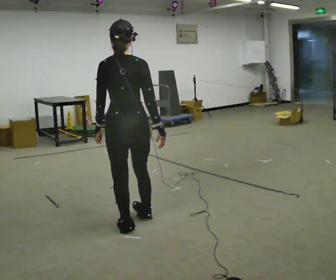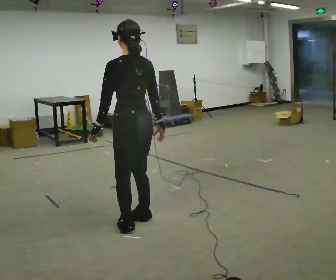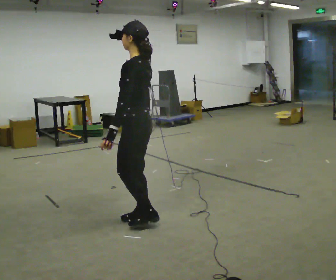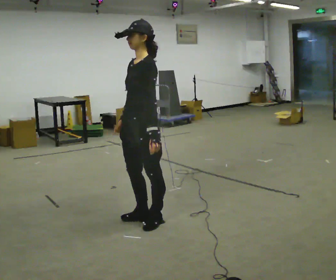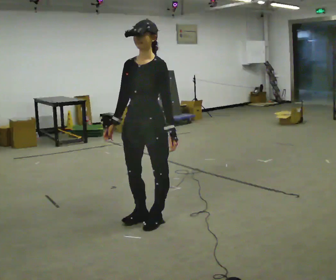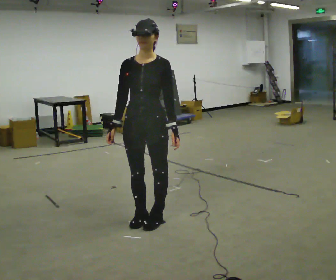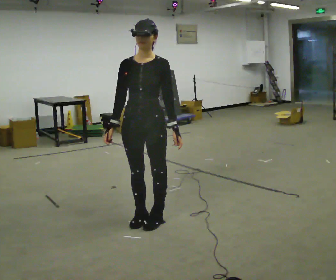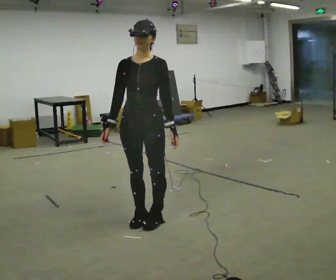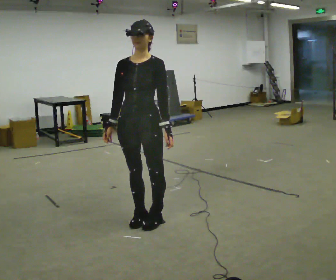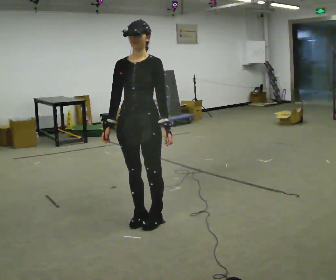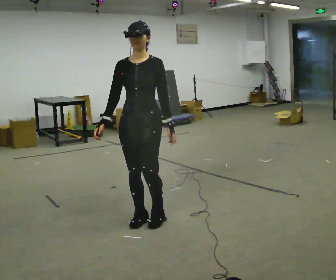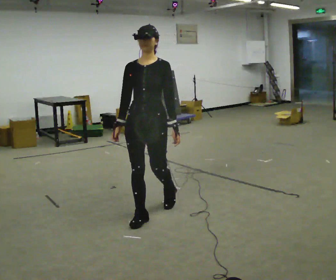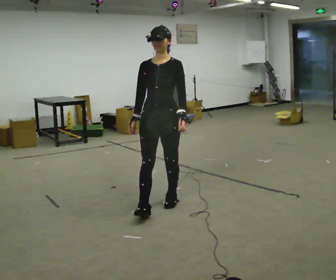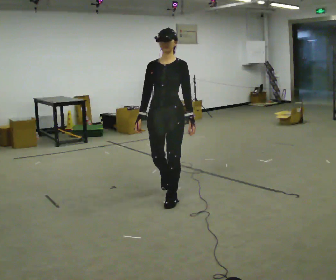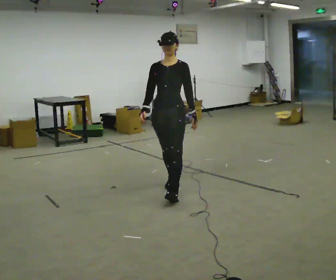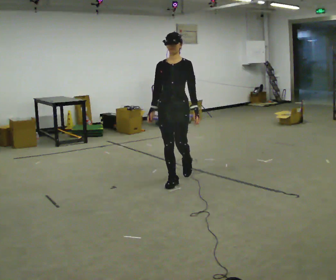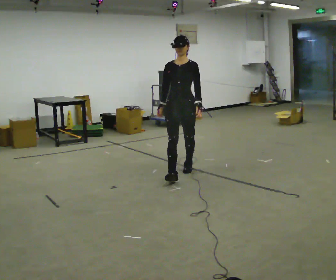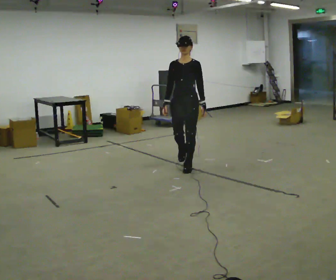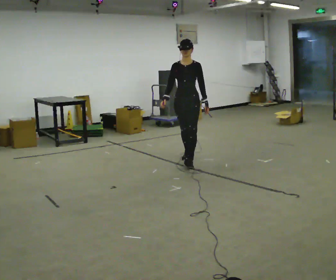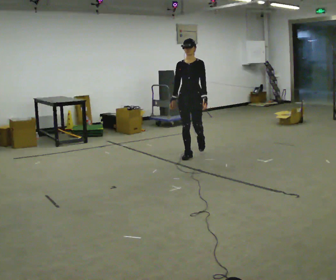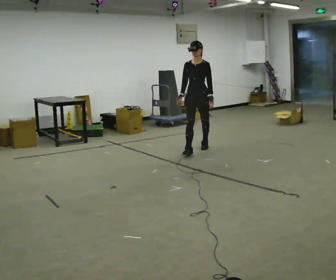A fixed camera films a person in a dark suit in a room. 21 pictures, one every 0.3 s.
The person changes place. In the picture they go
away from the camera.
0.0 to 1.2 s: Seen from above the body turns counterclockwise, about 150 degrees: to their left, with its near side sliding to the right. In the picture they go to the right, about 0.25 m in 1 step. In the picture their right hand goes to the left, the arm swinging clockwise.
1.2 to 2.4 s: The person moves a little, or ends about where they began.
2.4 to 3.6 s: In the picture they go away from the camera and to the right, about 0.25 m in 2 steps, which for them is backward.
3.6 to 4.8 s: In the picture they go away from the camera, about 1 m in 2 steps, which for them is backward.
4.8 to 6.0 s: In the picture they go away from the camera, about 1 m in 2 steps, which for them is backward.
The film runs backward here.
